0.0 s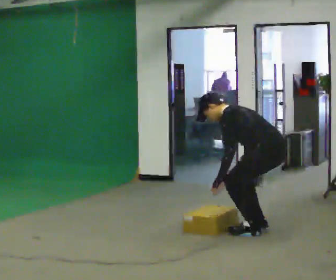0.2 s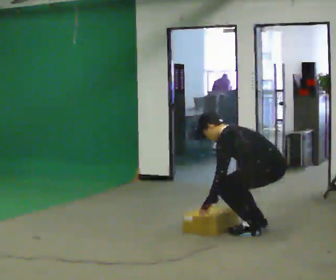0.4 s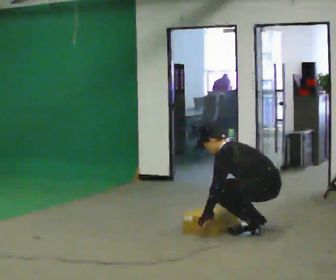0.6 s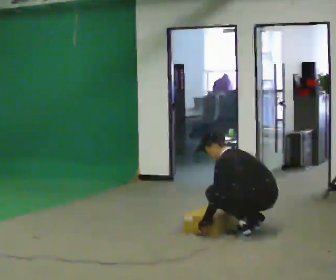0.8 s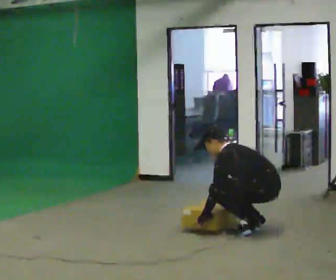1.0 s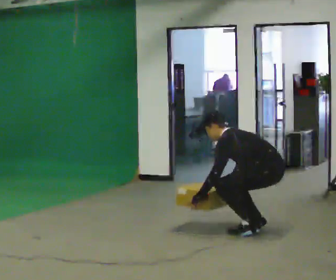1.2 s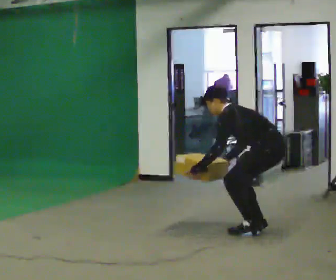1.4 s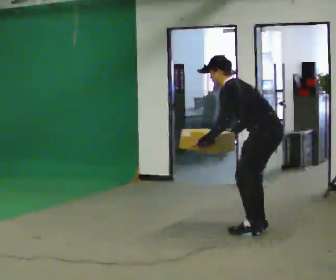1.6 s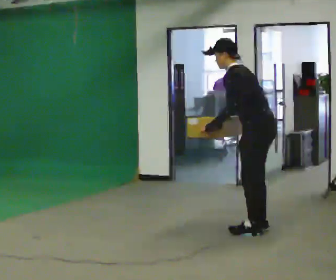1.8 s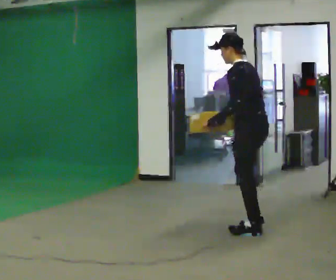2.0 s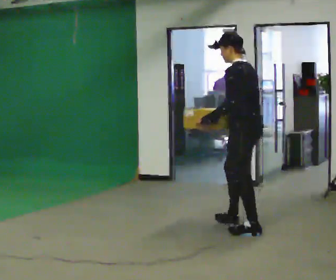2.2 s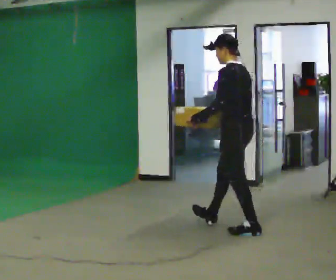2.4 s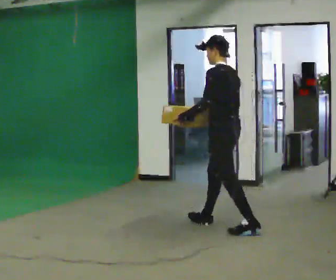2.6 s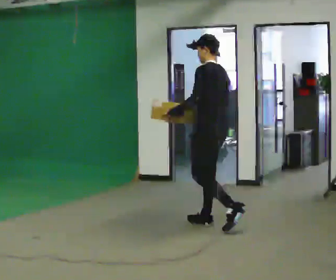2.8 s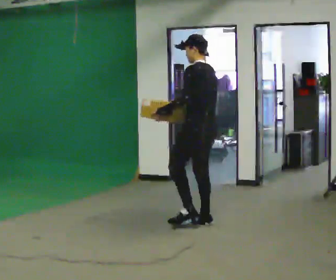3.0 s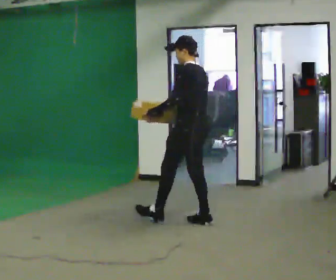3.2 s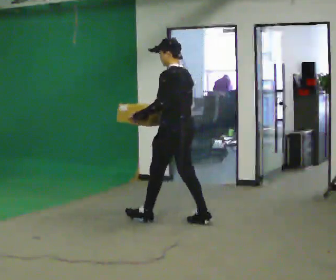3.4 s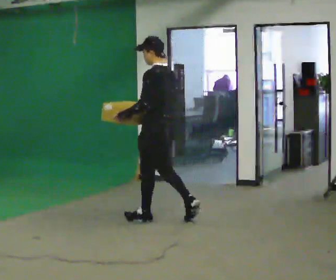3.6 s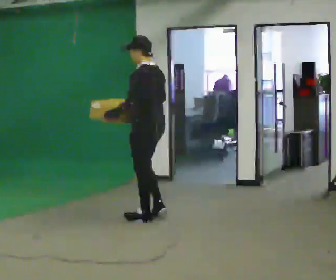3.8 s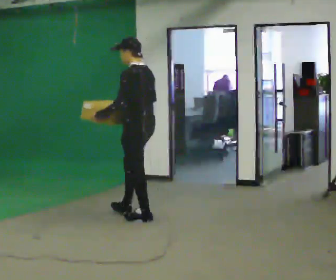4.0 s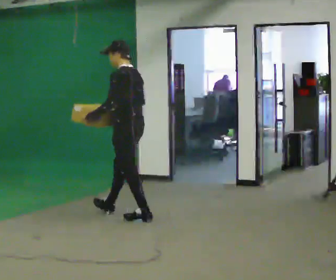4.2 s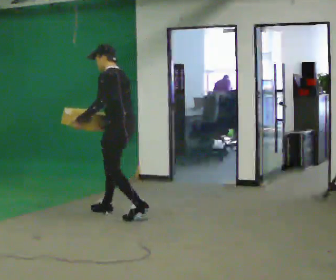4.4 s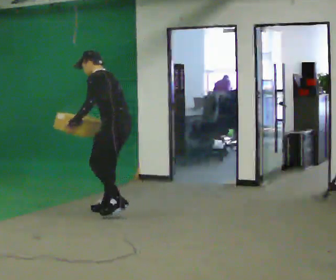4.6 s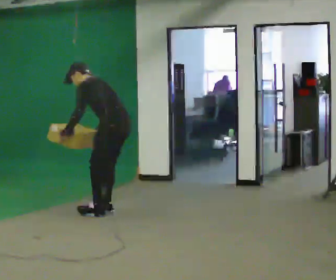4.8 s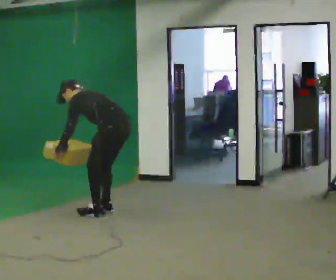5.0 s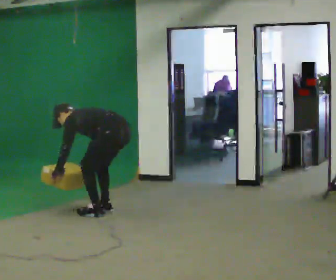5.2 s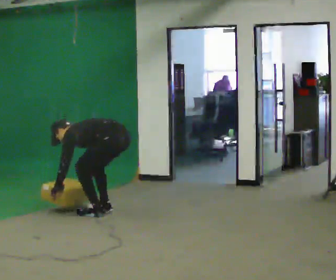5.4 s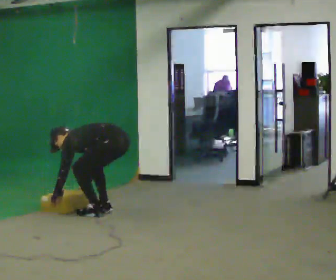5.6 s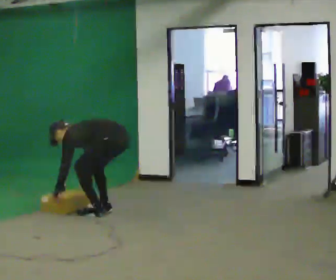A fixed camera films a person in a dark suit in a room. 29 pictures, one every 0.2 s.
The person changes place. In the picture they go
to the left.
0.0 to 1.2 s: The person moves a little, or ends about where they began.
1.2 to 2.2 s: In the picture they go to the left, about 0.25 m, which for them is forward. The shoulders move upward. In the picture the upper body tilts clockwise, shoulders to the right, as they lean back or straighten. In the picture their right hand goes upward.
2.2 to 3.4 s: In the picture they go to the left and away from the camera, about 1 m in 2 steps, which for them is forward.
3.4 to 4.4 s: In the picture they go to the left and away from the camera, about 0.5 m in 1 step, which for them is forward. In the picture the upper body tilts counterclockwise, shoulders to the left, as they bend forward.
4.4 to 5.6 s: The shoulders move downward. In the picture the upper body tilts counterclockwise, shoulders to the left, as they bend forward. In the picture their left hand goes downward.
The film runs forward here.
